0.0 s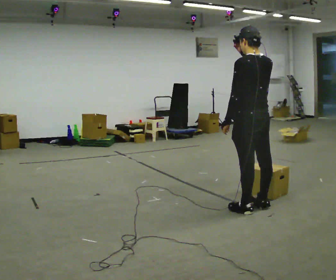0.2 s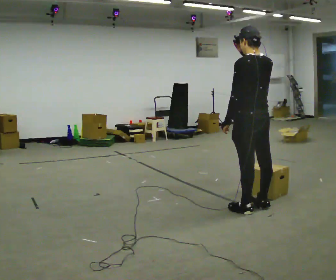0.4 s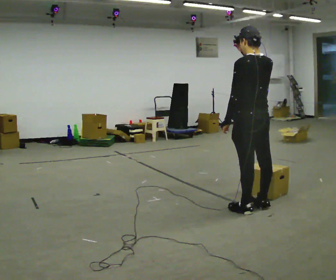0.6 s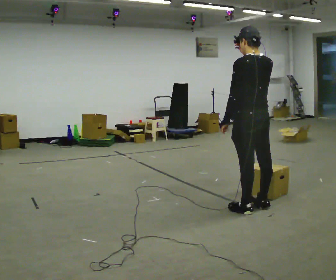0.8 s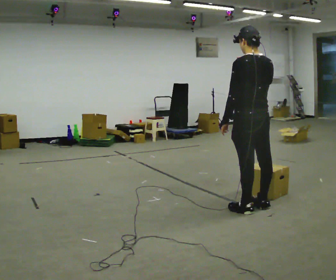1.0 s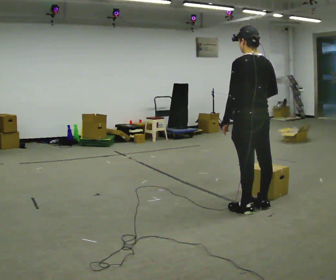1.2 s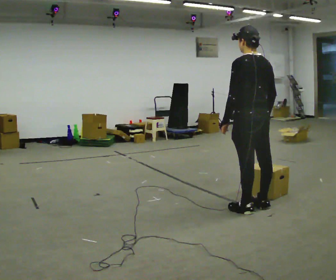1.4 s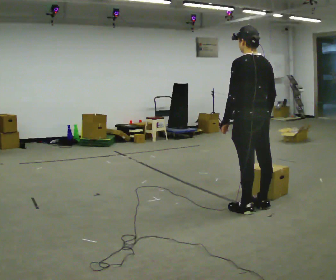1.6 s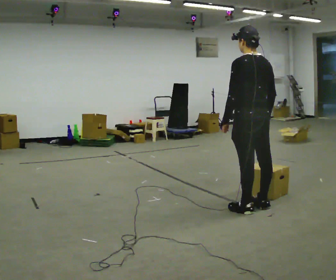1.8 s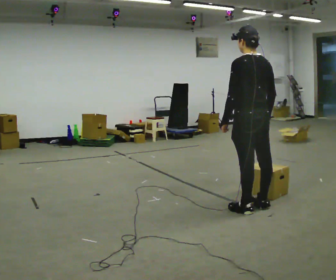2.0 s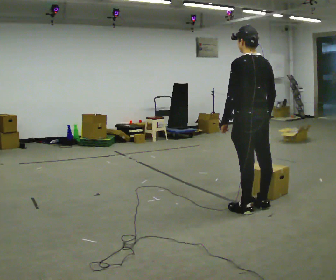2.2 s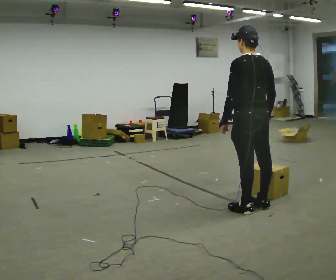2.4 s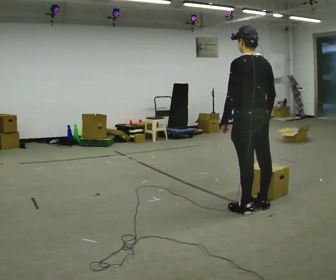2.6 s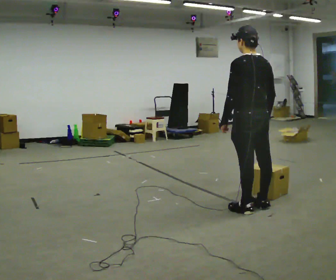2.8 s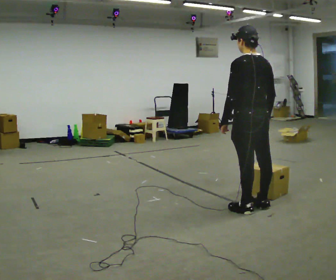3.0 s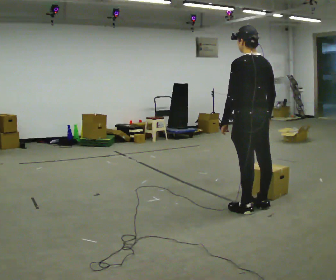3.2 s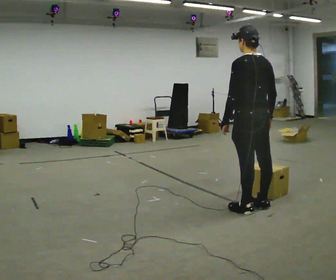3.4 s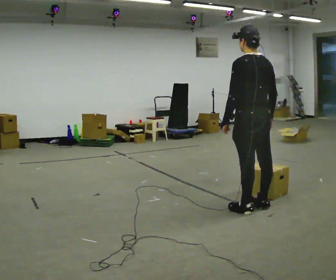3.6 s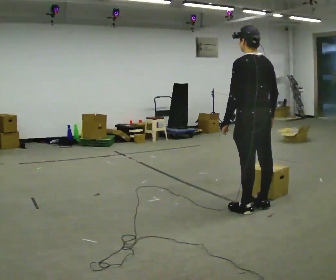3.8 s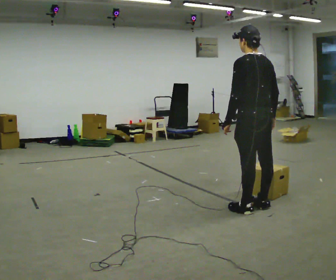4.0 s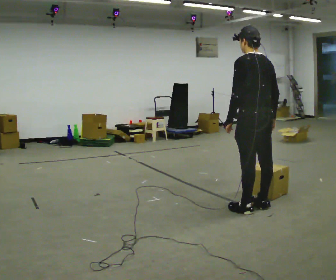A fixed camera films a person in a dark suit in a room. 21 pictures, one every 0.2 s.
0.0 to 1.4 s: In the picture their right hand goes downward.
1.4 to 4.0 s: The person moves a little, or ends about where they began.
The film runs backward here.
